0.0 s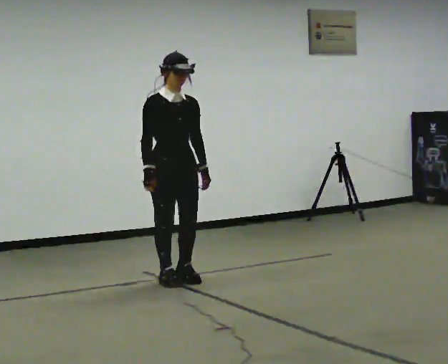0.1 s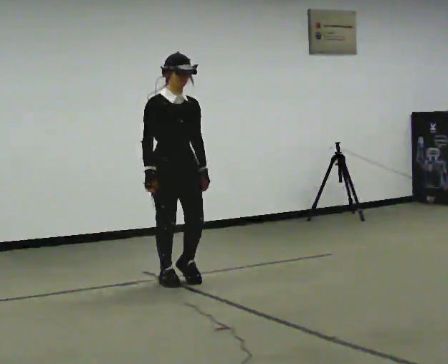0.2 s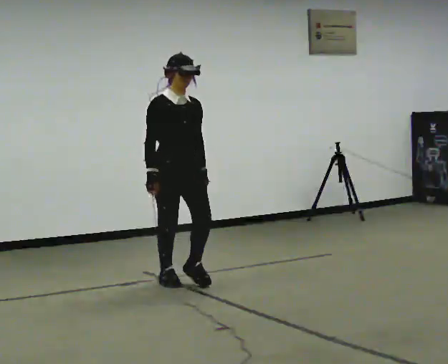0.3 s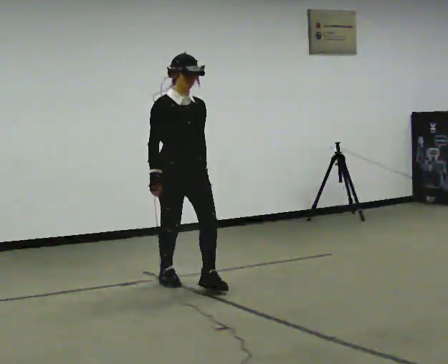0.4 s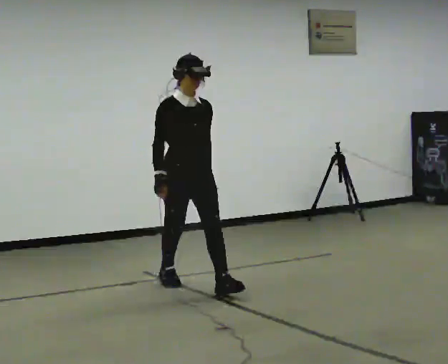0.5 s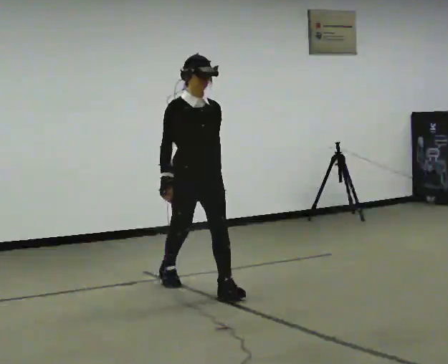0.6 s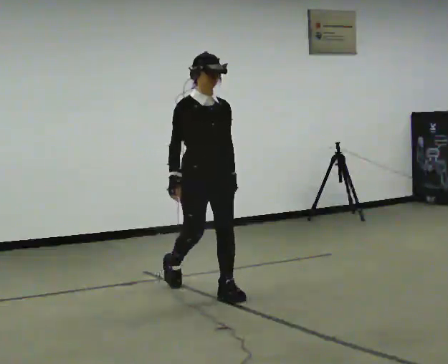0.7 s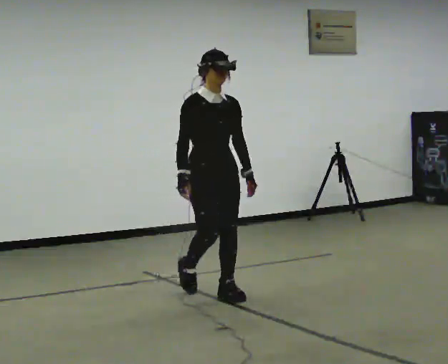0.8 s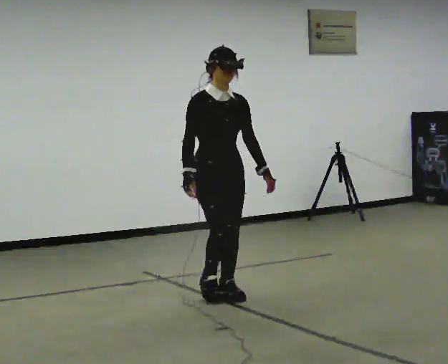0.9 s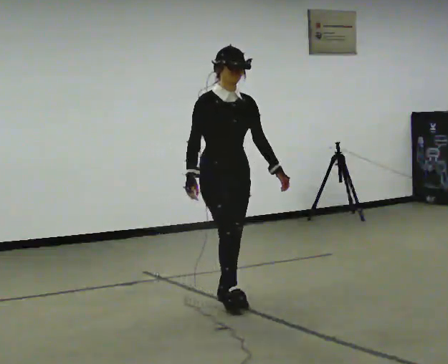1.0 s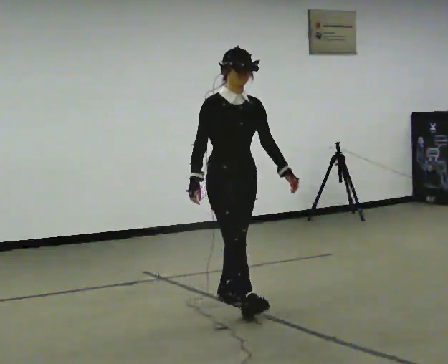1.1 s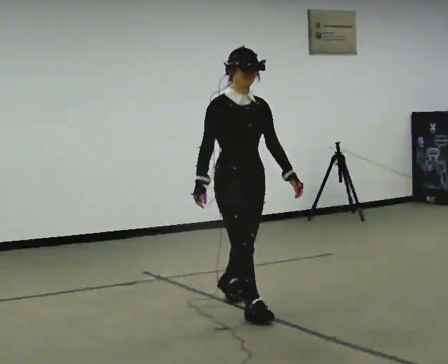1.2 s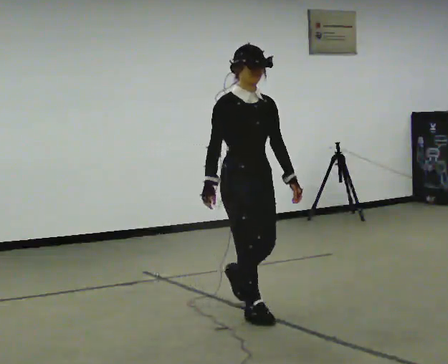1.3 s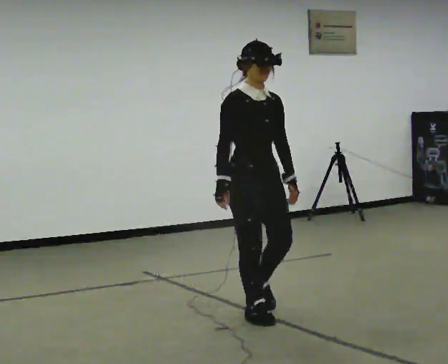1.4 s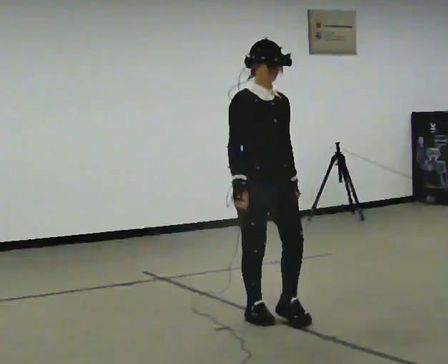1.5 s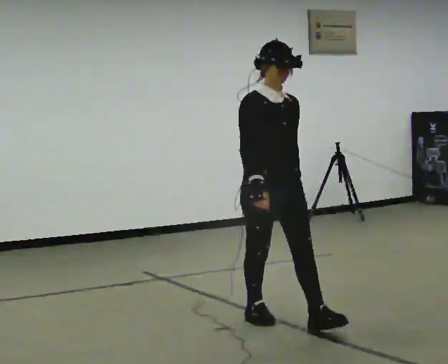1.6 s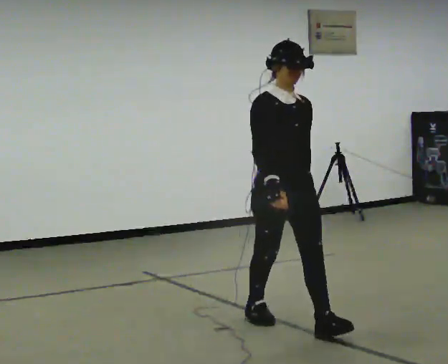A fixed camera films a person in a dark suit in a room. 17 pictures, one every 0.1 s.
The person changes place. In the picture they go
toward the camera.
0.0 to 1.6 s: In the picture they go toward the camera and to the right, about 1.5 m in 2 steps, which for them is forward.
The film runs forward here.
